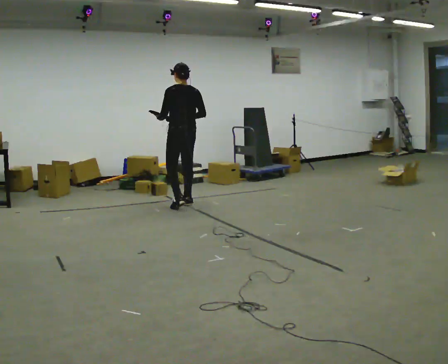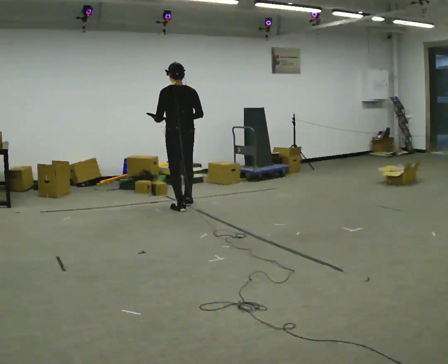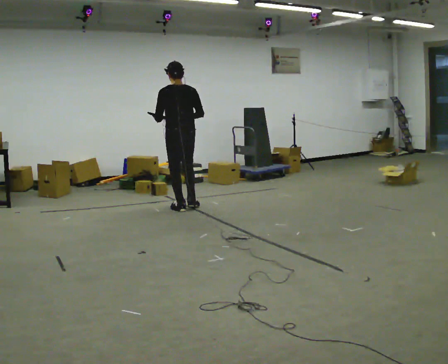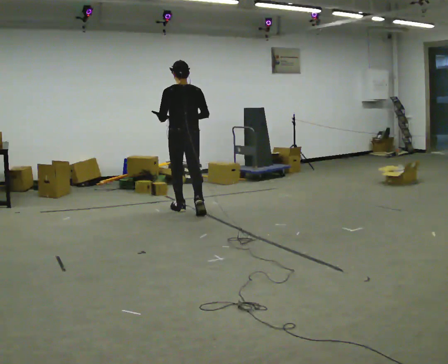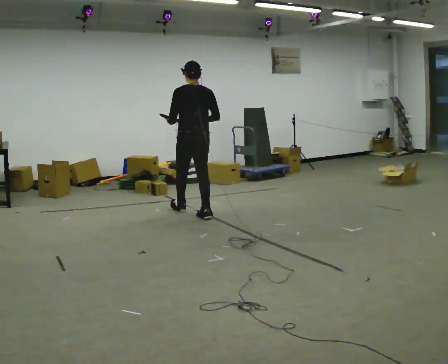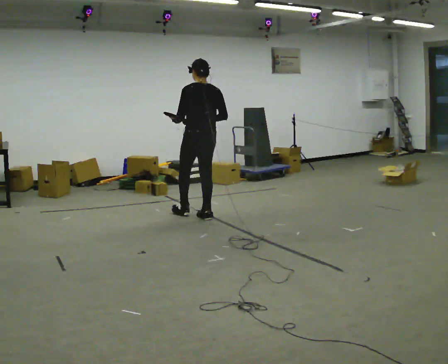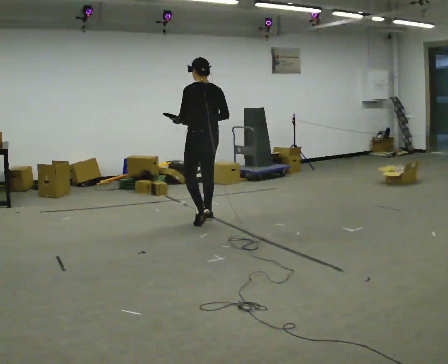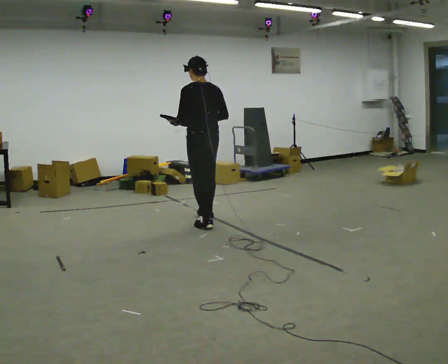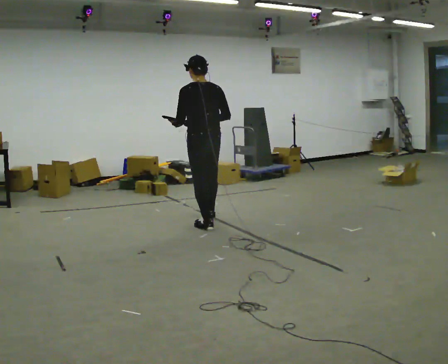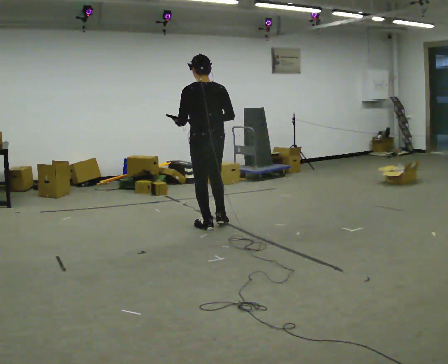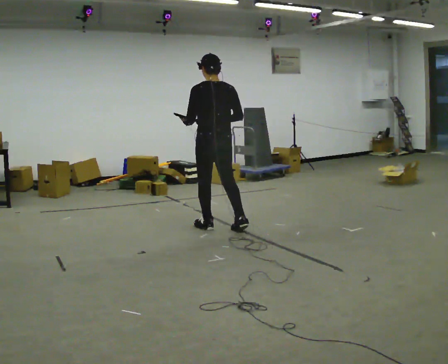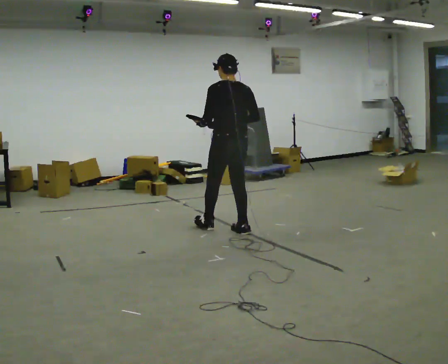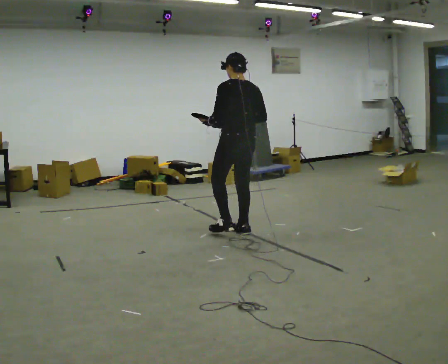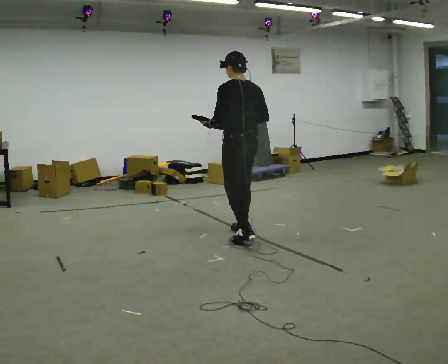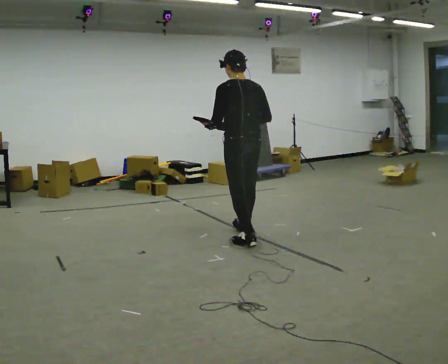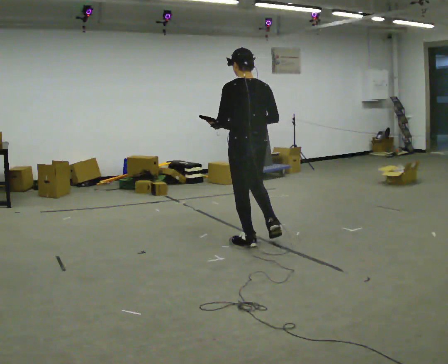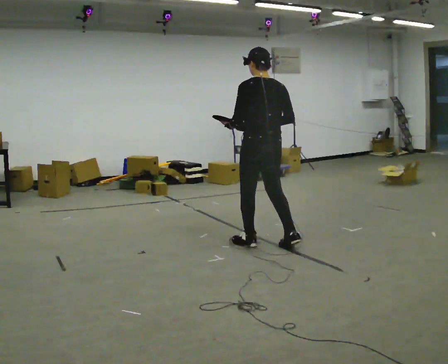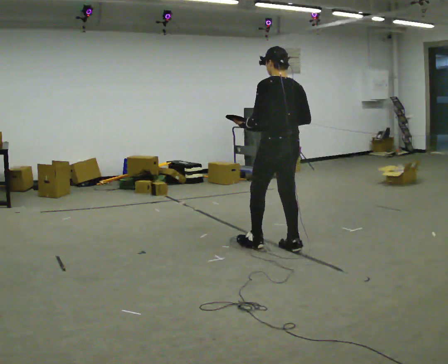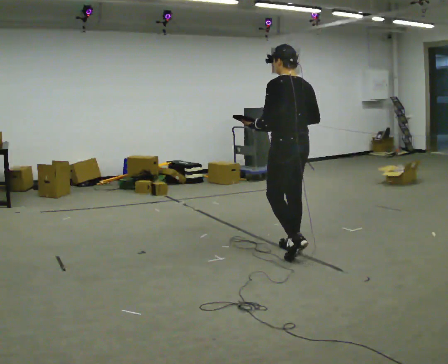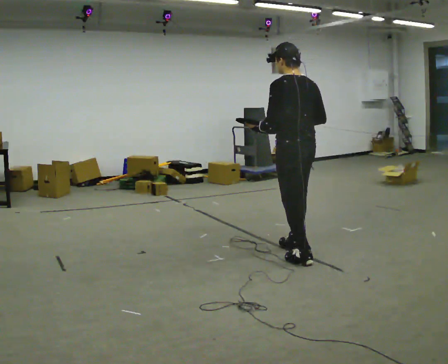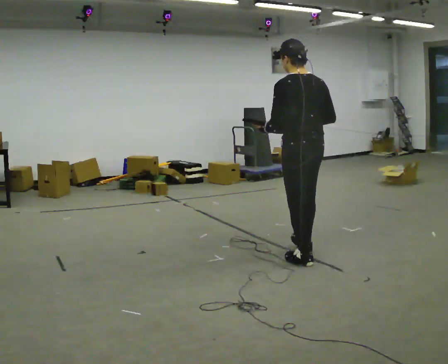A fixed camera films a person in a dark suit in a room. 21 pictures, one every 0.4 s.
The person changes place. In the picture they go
toward the camera.
0.0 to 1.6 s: In the picture they go toward the camera and to the right, about 0.5 m in 1 step, which for them is backward.
1.6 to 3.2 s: In the picture they go toward the camera, about 0.5 m in 1 step, which for them is backward.
3.2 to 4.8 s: In the picture they go to the right and toward the camera, about 0.5 m in 2 steps, which for them is backward and to their right.
4.8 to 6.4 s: In the picture they go toward the camera and to the right, about 0.5 m in 1 step, which for them is backward.
6.4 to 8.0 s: In the picture they go toward the camera and to the right, about 0.5 m in 2 steps, which for them is backward.
The film runs backward here.
